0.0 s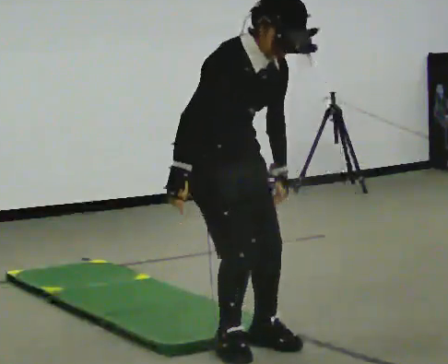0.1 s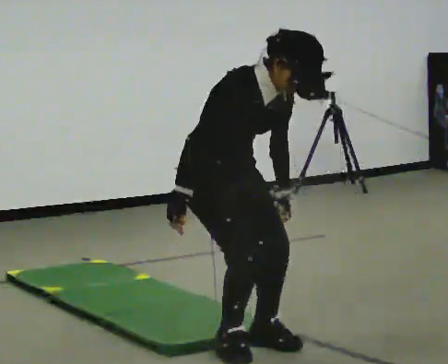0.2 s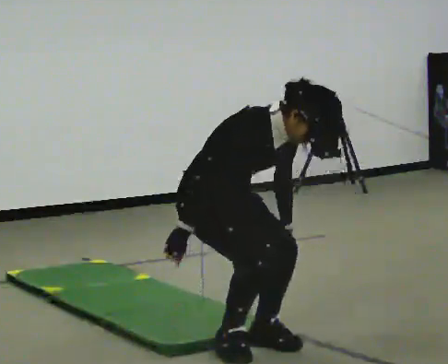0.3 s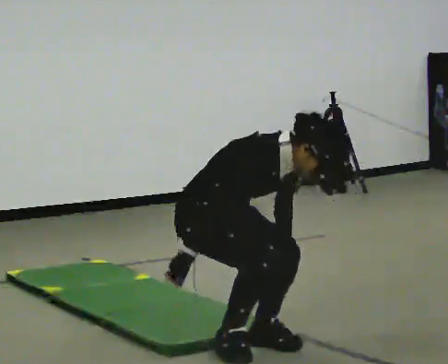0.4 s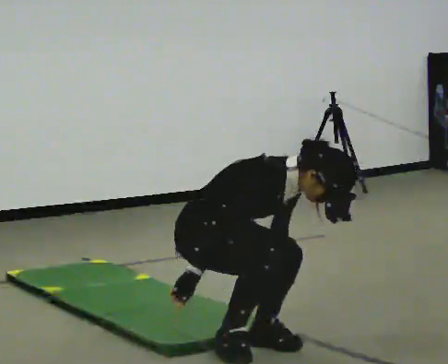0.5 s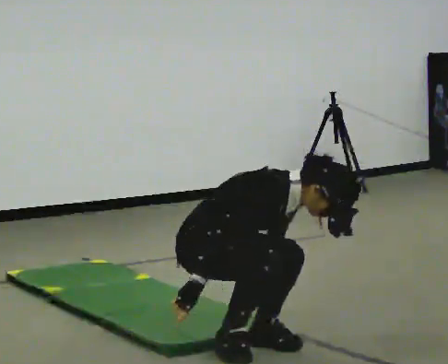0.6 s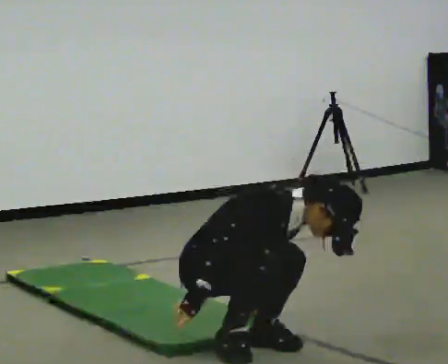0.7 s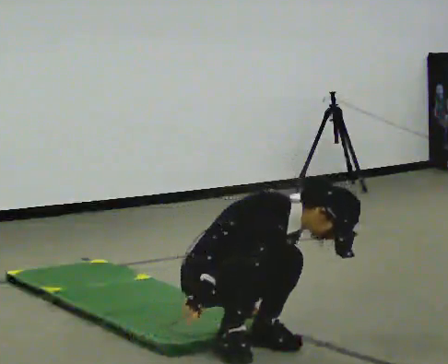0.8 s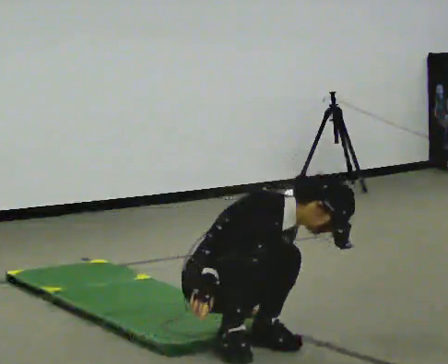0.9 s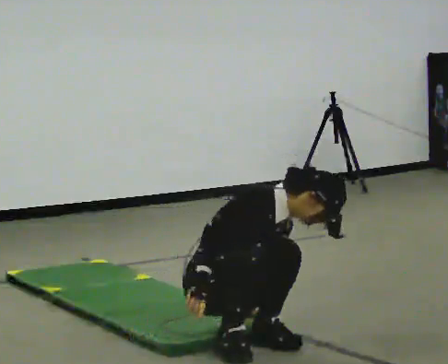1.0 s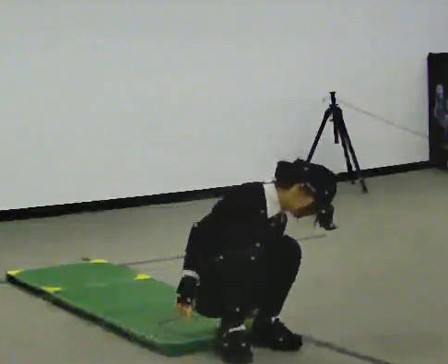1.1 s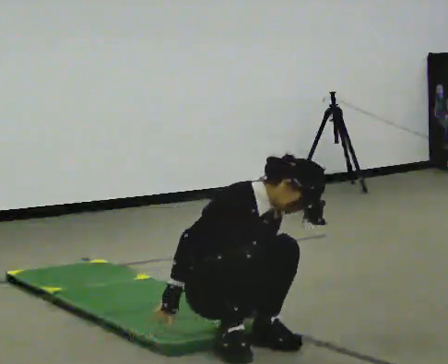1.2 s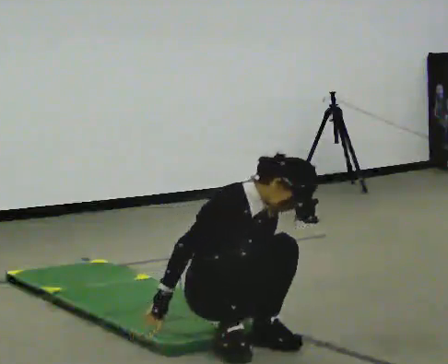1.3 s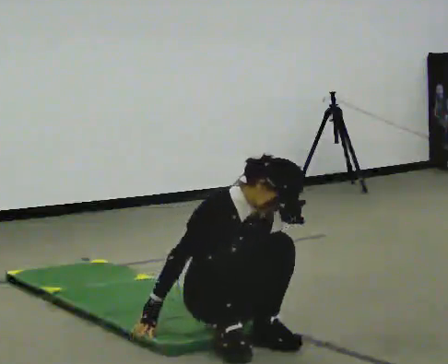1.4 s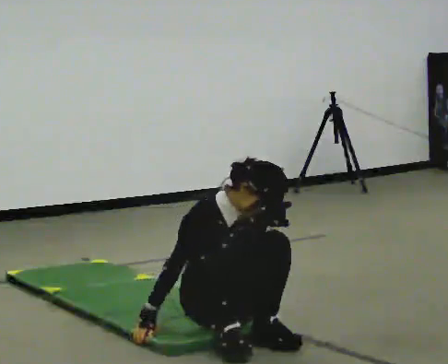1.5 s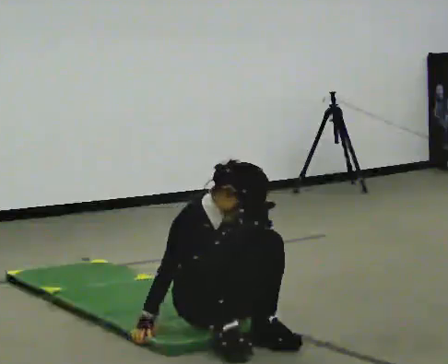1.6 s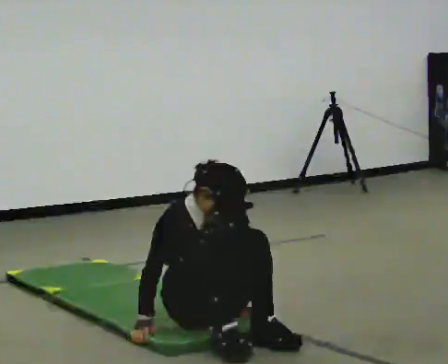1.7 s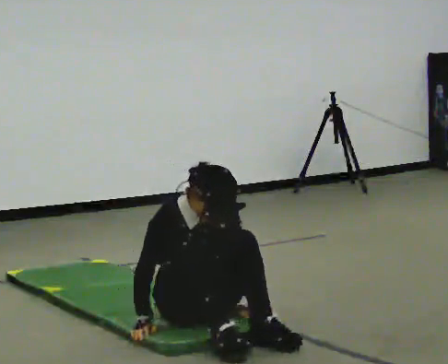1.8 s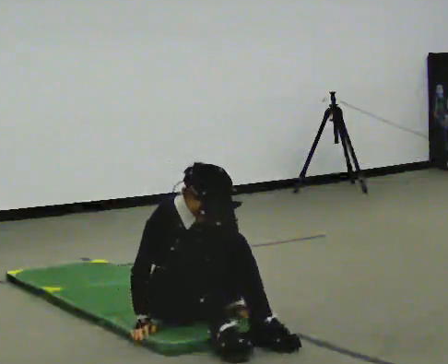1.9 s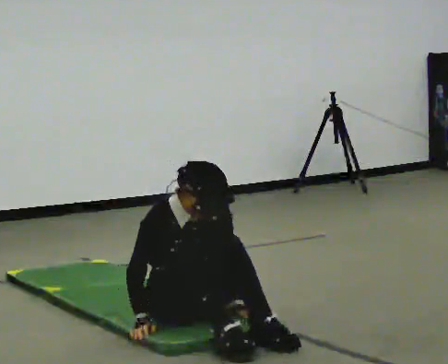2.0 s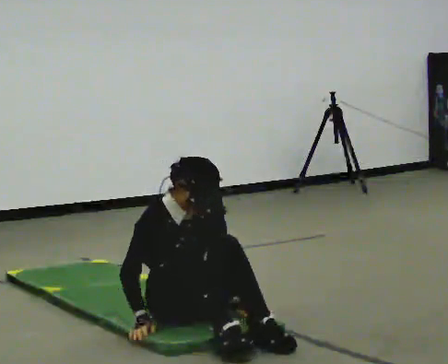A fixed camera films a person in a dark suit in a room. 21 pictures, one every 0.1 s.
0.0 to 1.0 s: In the picture they go away from the camera, about 0.25 m, which for them is backward. The upper body goes downward. In the picture their right hand goes downward.
1.0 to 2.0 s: In the picture they go away from the camera, about 0.25 m, which for them is backward. In the picture the upper body tilts counterclockwise, shoulders to the left, as they lean back or straighten.
The film runs backward here.
